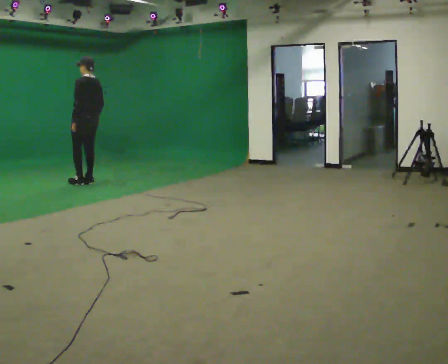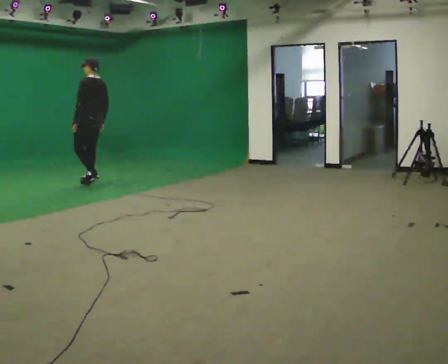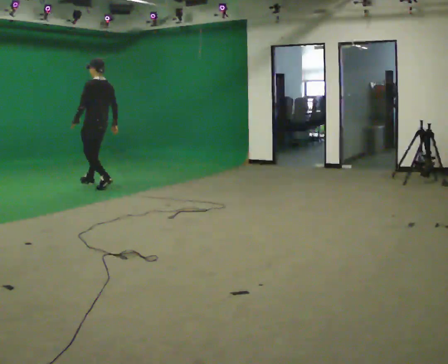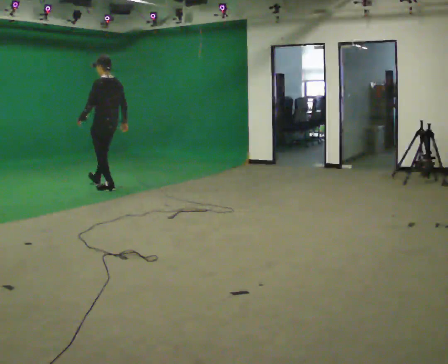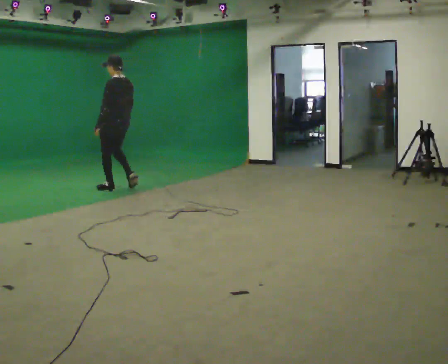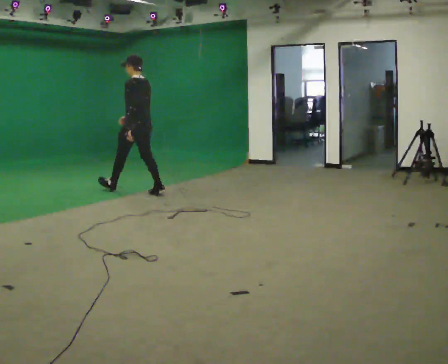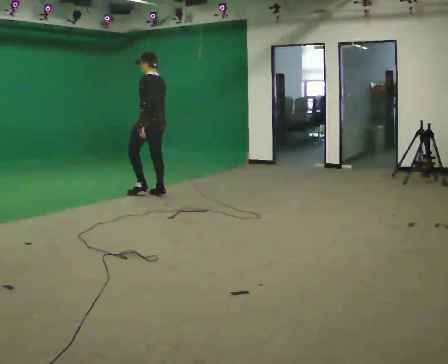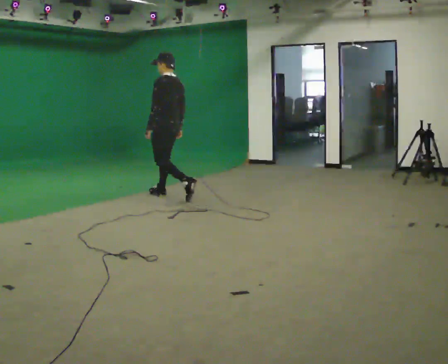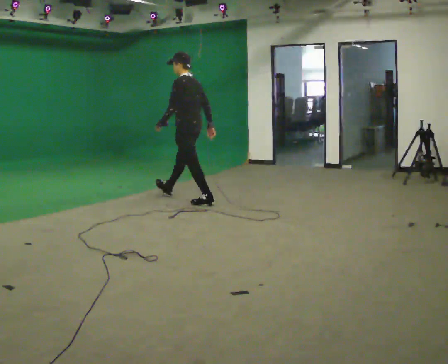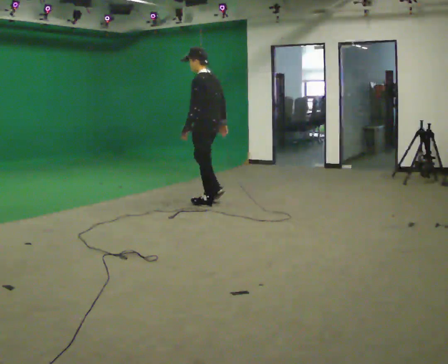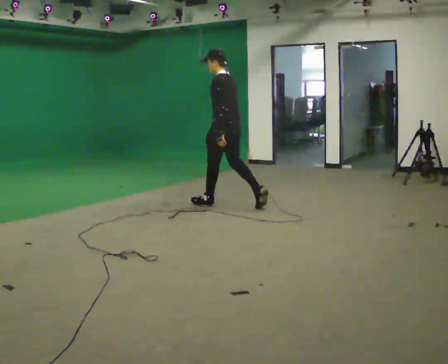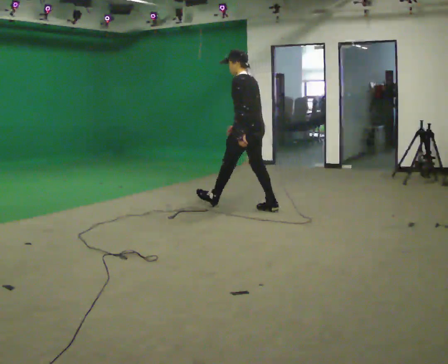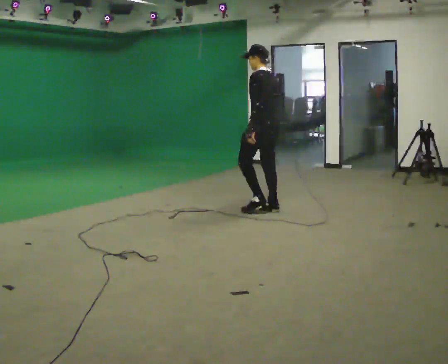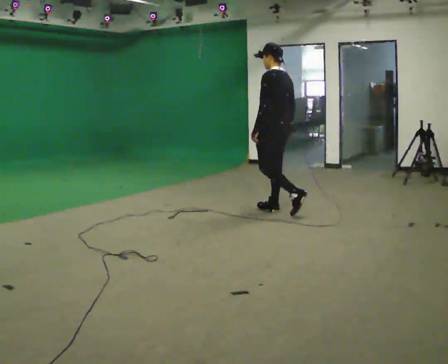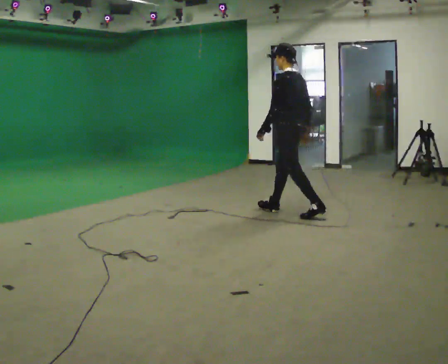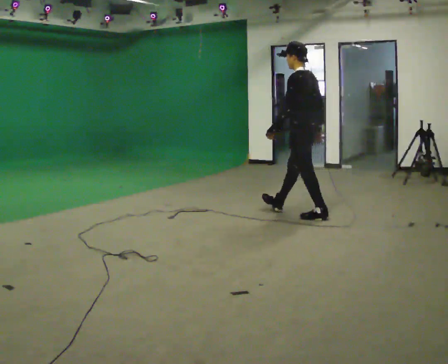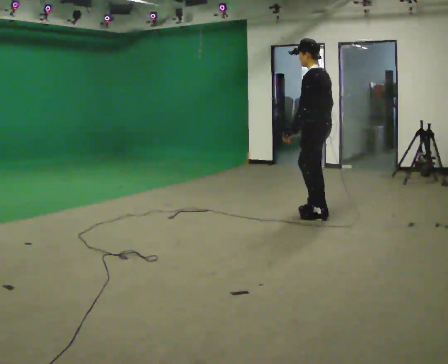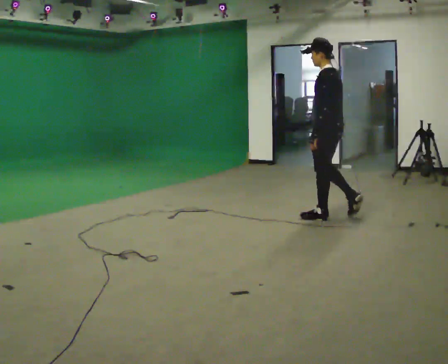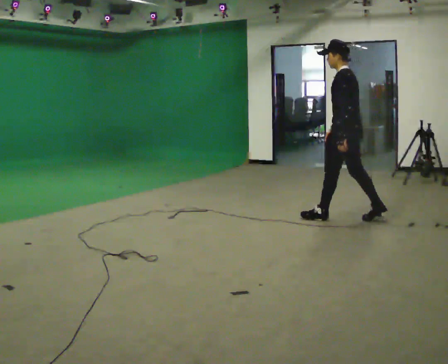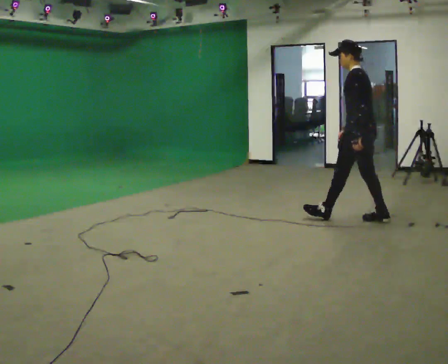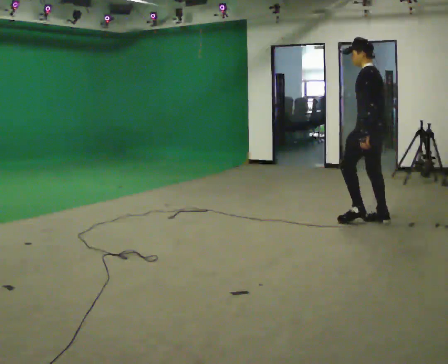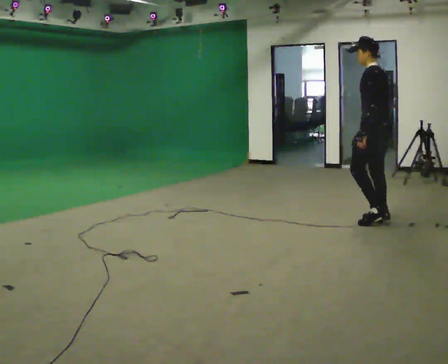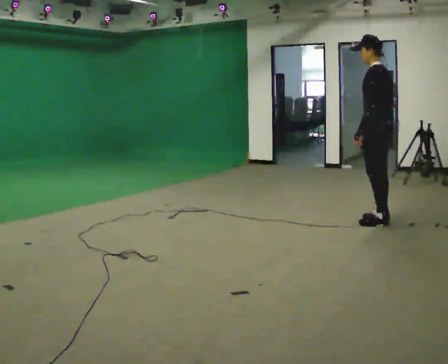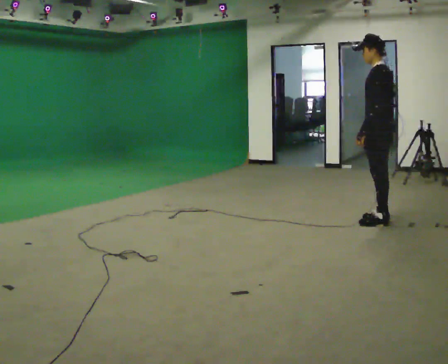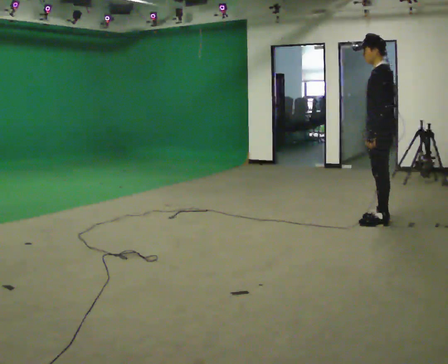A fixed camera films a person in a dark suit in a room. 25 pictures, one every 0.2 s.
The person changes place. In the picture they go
to the right.
0.0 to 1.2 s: In the picture they go to the right and toward the camera, about 1 m in 3 steps, which for them is backward.
1.2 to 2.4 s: In the picture they go to the right and toward the camera, about 1.5 m in 2 steps, which for them is backward.
2.4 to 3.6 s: In the picture they go to the right and toward the camera, about 1 m in 1 step, which for them is backward.
3.6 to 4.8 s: In the picture they go to the right and toward the camera, about 0.25 m in 1 step, which for them is backward.
The film runs backward here.
